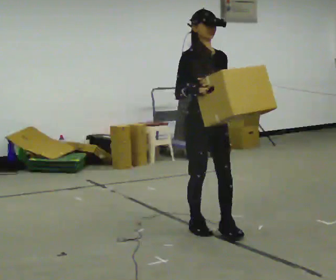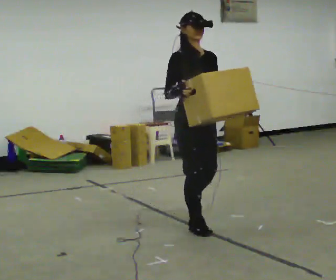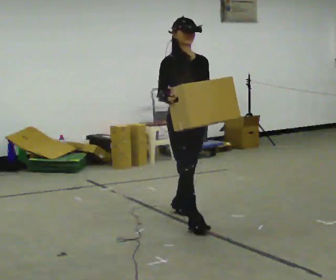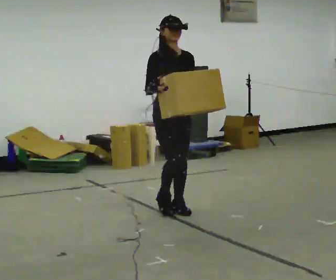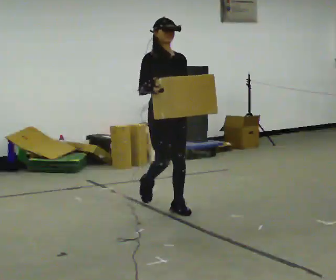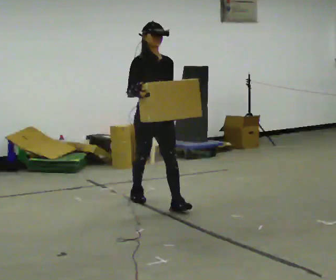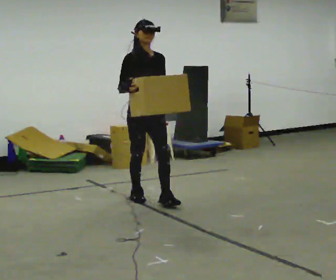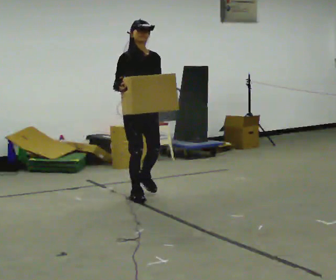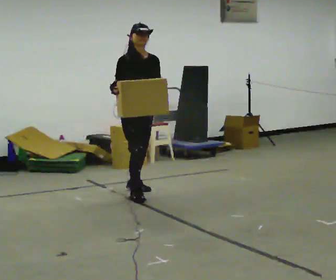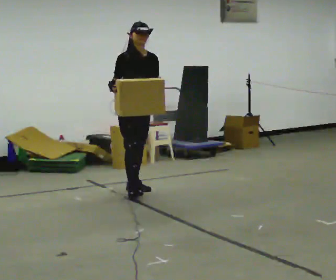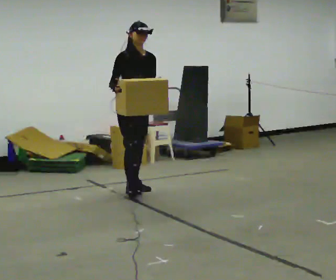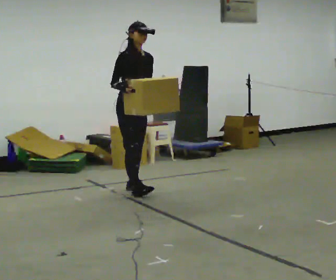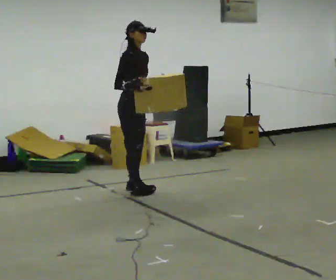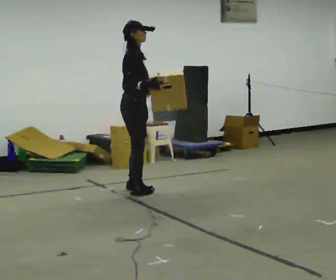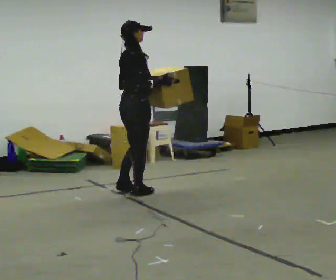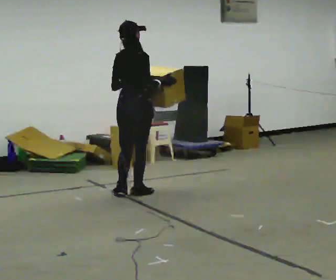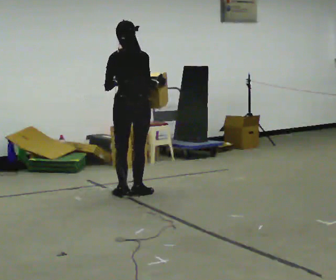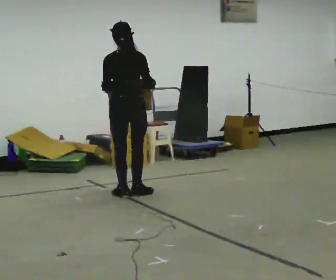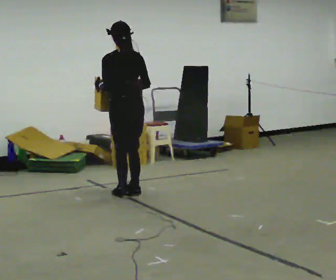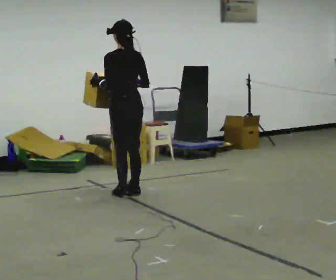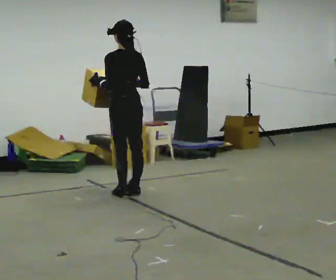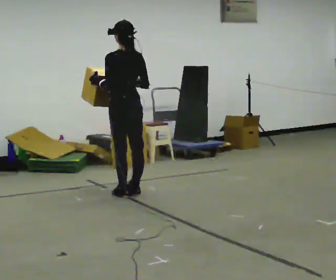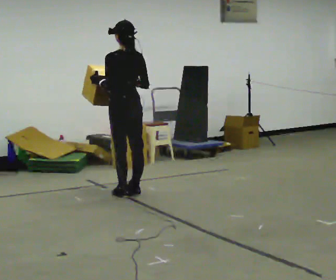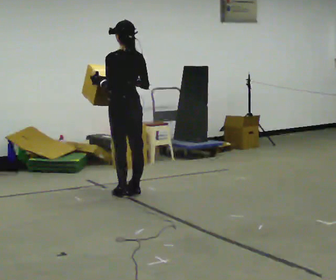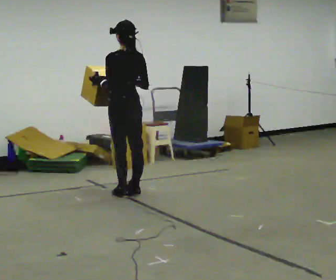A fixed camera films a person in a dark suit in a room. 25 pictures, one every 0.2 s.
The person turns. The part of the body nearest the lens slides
to the right.
The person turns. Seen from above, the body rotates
counterclockwise.
0.0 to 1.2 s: In the picture they go away from the camera and to the left, about 1 m in 2 steps, which for them is backward.
1.2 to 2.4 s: Seen from above the body turns counterclockwise, about 45 degrees: to their left, with its near side sliding to the right. In the picture they go away from the camera and to the left, about 0.5 m, which for them is backward.
2.4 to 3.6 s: The person turns about 135 degrees to their left, counterclockwise seen from above, so the part of the body nearest the lens slides to the right. In the picture they go toward the camera, about 0.25 m in 1 step.
3.6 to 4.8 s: The person moves a little, or ends about where they began.
The film runs backward here.
